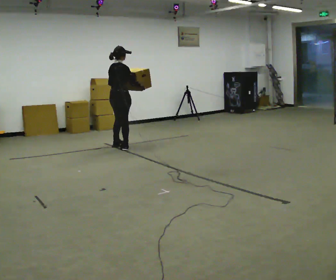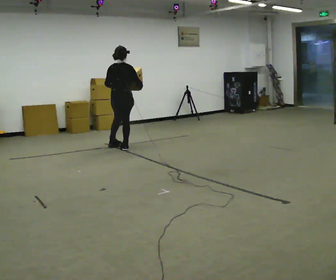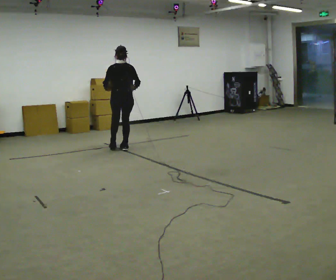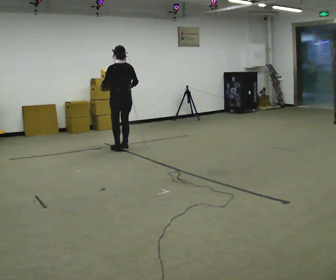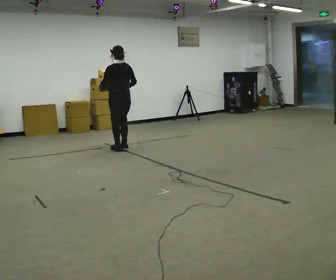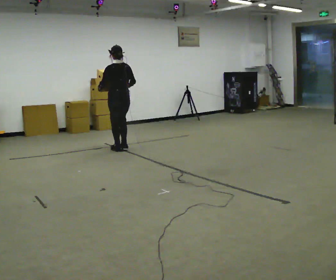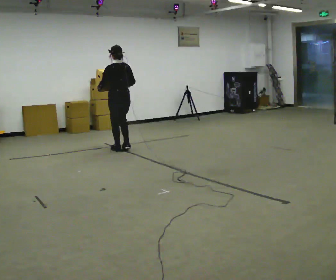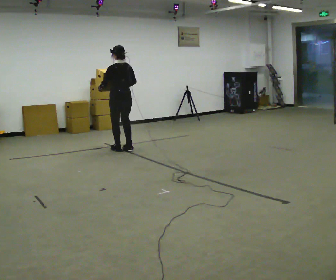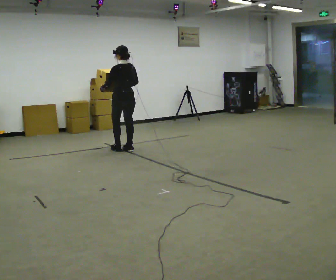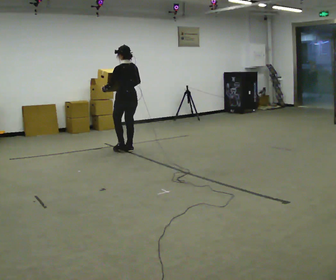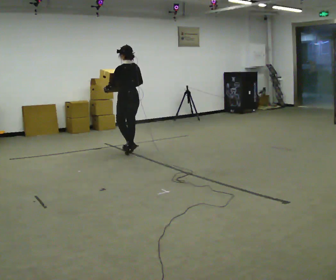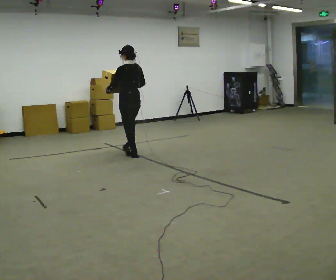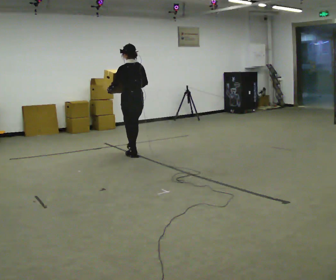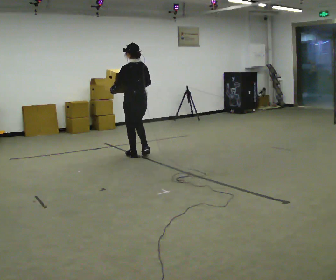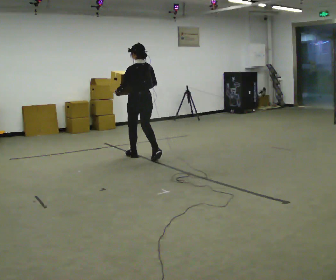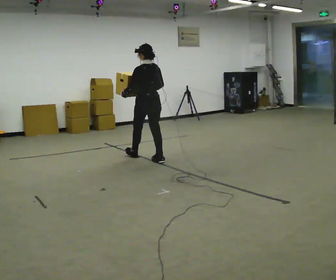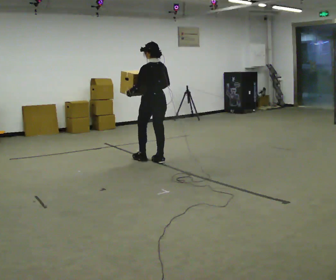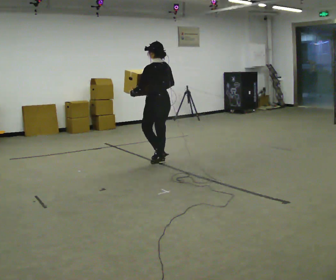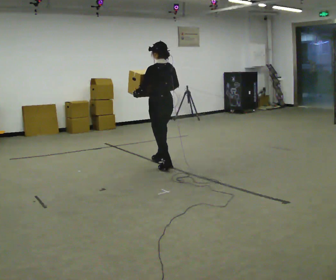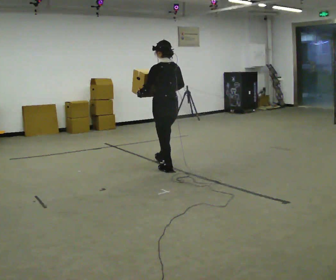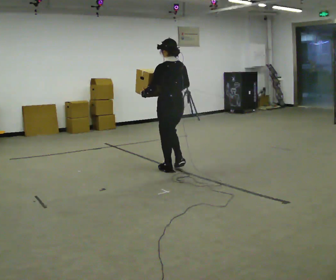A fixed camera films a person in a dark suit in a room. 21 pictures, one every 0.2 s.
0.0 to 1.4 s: The person turns about 75 degrees to their left, counterclockwise seen from above, so the part of the body nearest the lens slides to the right. In the picture they go toward the camera, about 0.25 m in 2 steps.
1.4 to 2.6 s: In the picture they go toward the camera and to the right, about 0.5 m in 2 steps, which for them is backward.
2.6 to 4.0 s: In the picture they go toward the camera and to the right, about 1 m in 2 steps, which for them is backward.
The film runs backward here.
